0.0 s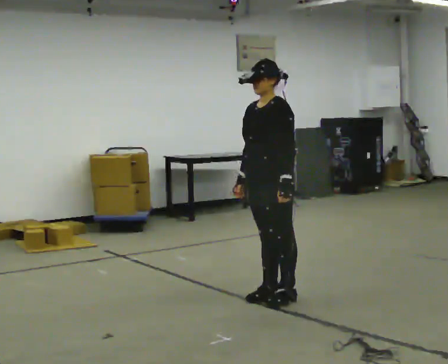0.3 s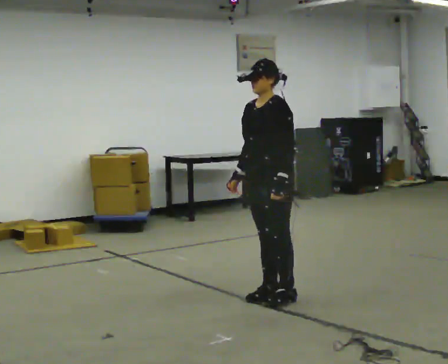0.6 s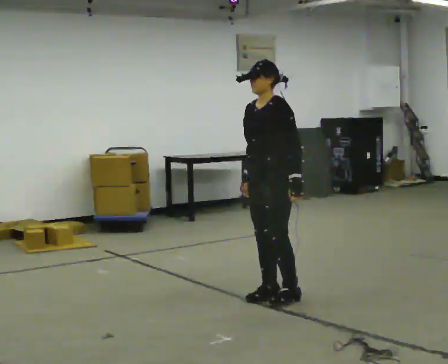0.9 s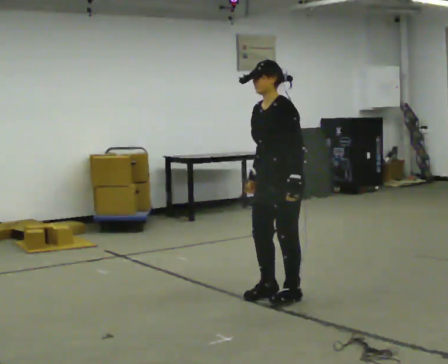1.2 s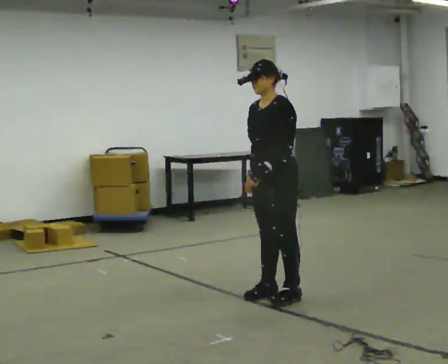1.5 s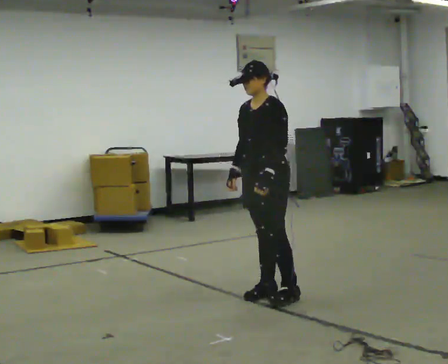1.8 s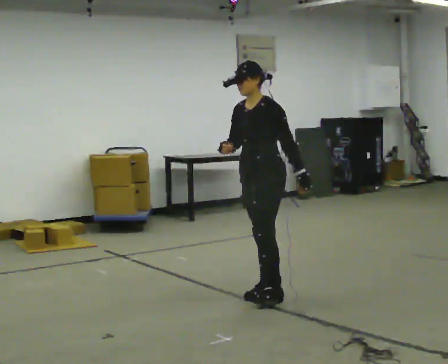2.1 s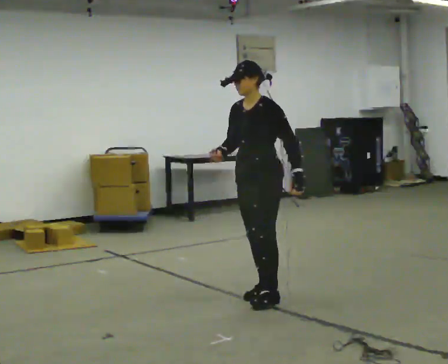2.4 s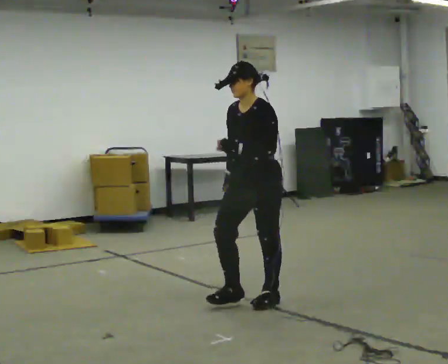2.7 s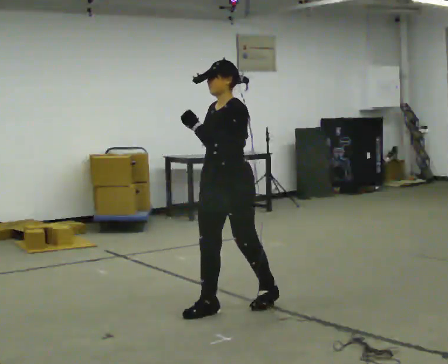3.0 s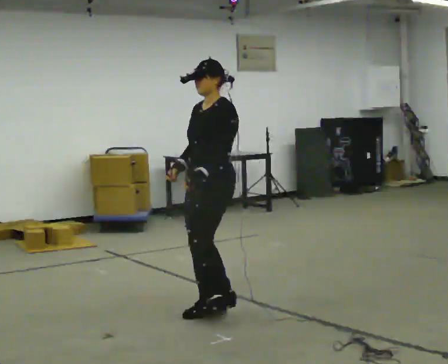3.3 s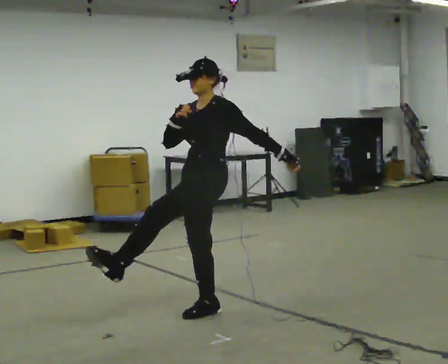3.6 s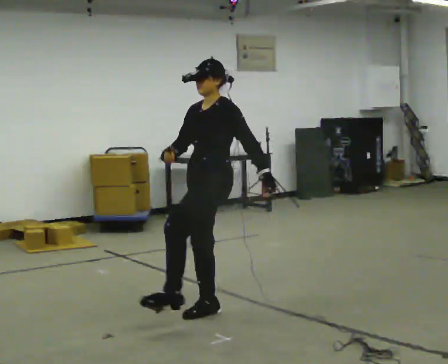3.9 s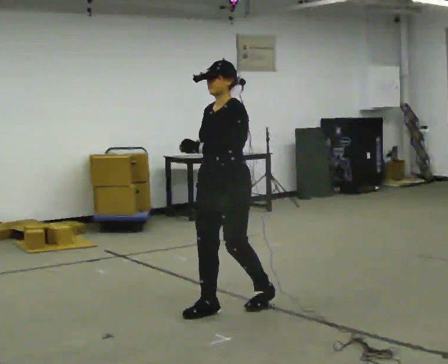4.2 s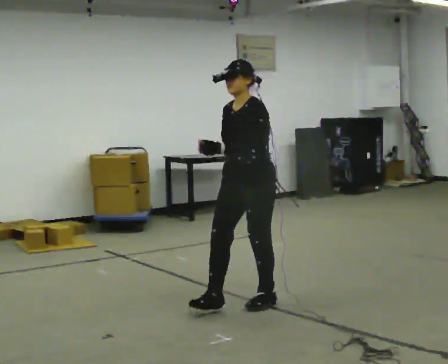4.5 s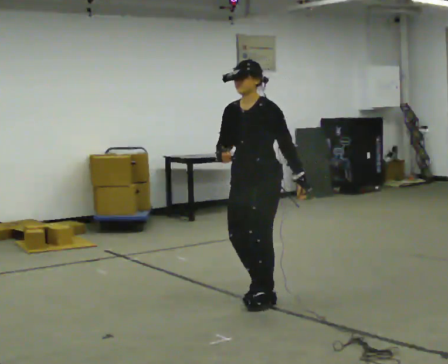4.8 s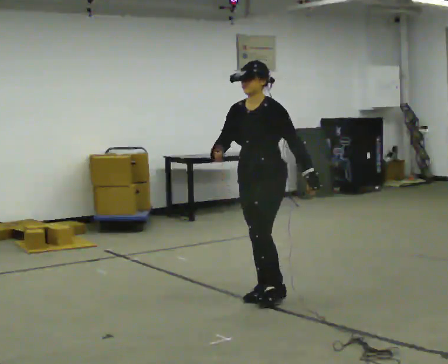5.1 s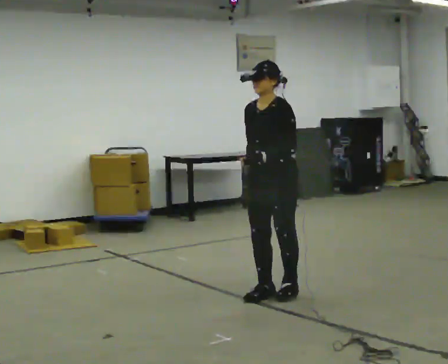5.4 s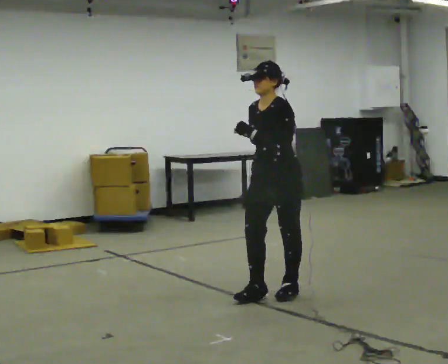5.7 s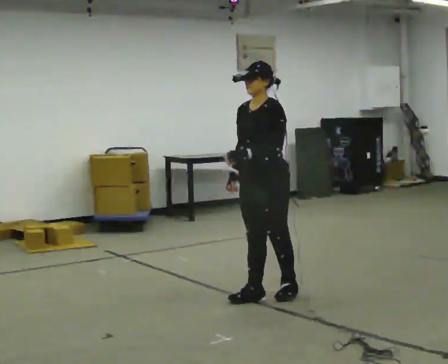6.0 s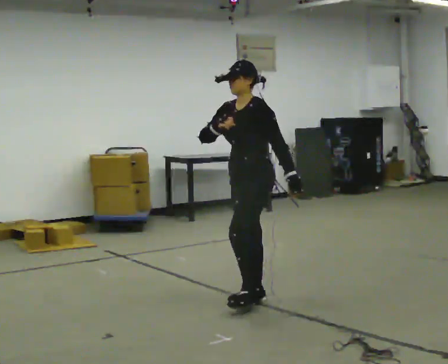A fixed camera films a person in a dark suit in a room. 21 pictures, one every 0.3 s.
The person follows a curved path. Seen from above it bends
counterclockwise.
0.0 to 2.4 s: The person moves a little, or ends about where they began.
2.4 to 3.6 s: In the picture they go to the left and toward the camera, about 0.25 m, which for them is forward.
3.6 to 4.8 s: In the picture they go to the right and away from the camera, about 0.5 m in 2 steps, which for them is backward.
4.8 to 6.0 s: The person moves a little, or ends about where they began.
The film runs backward here.
